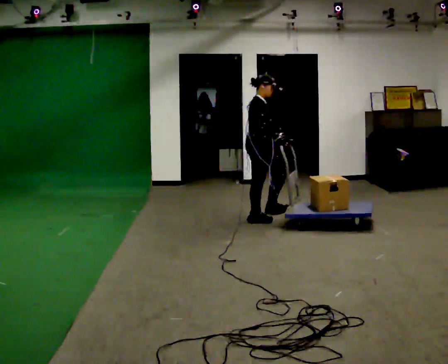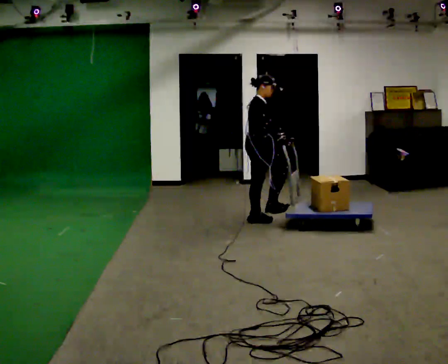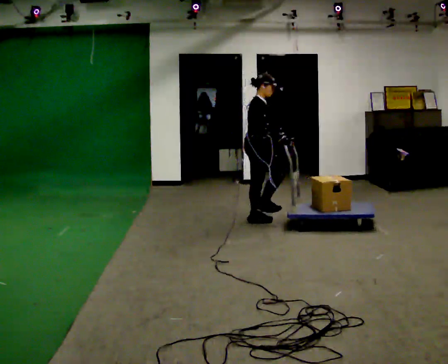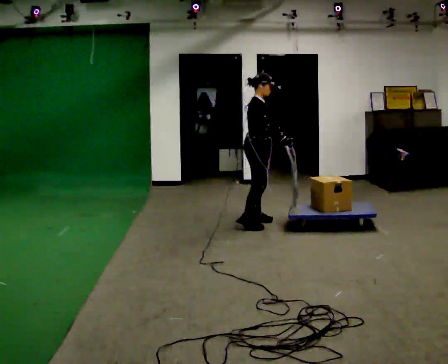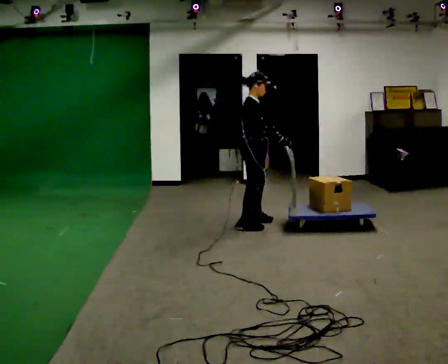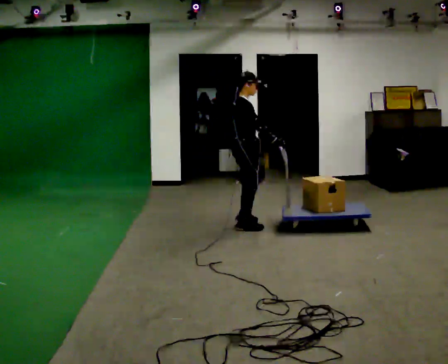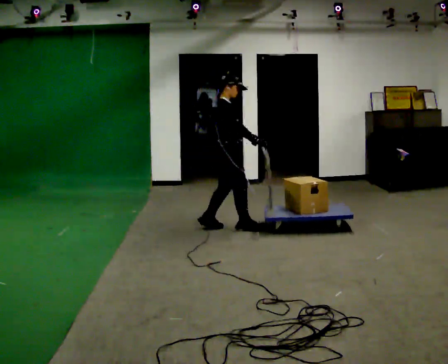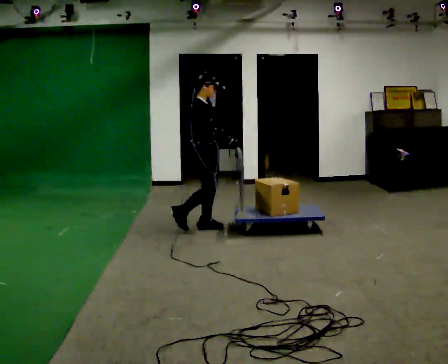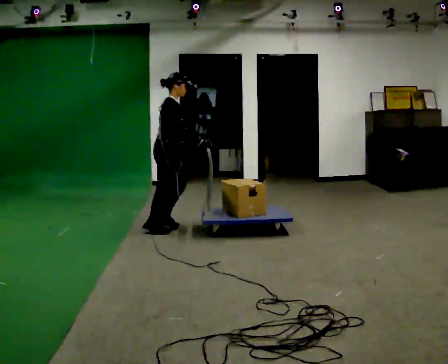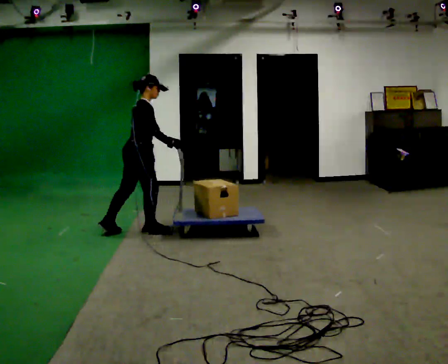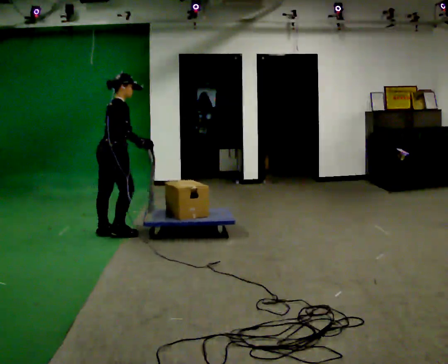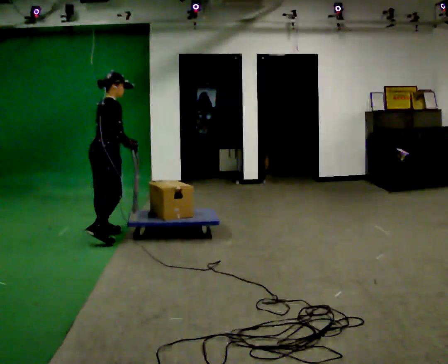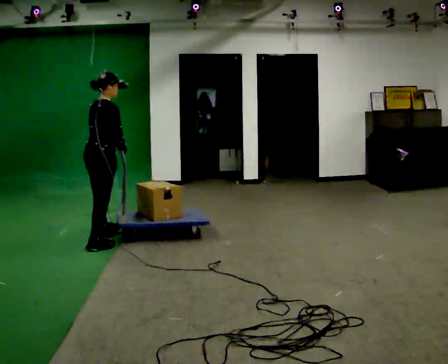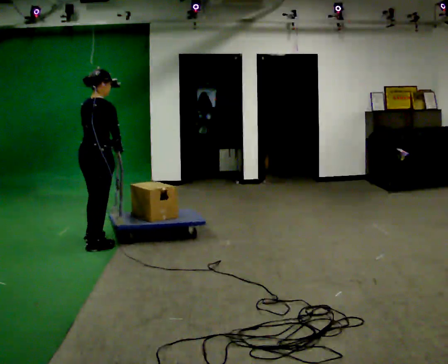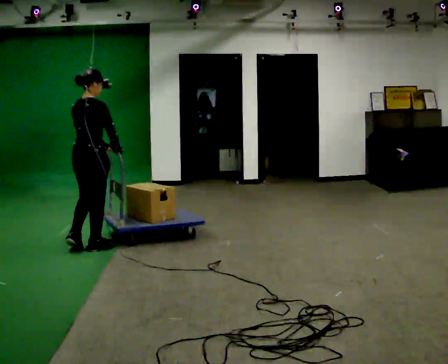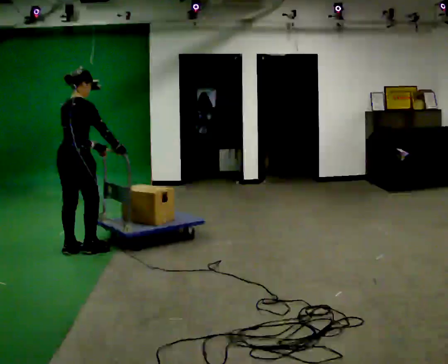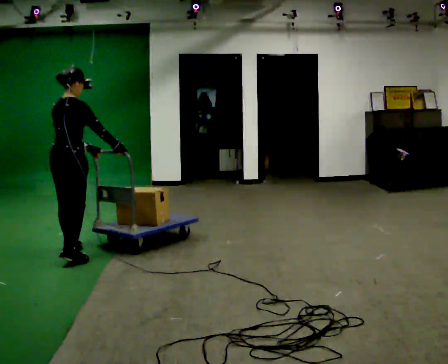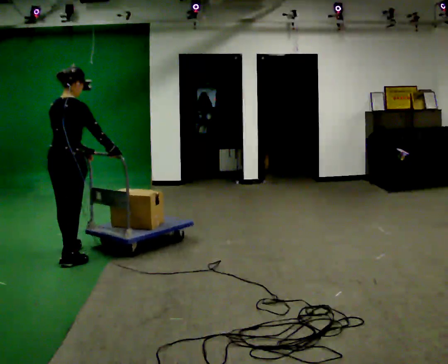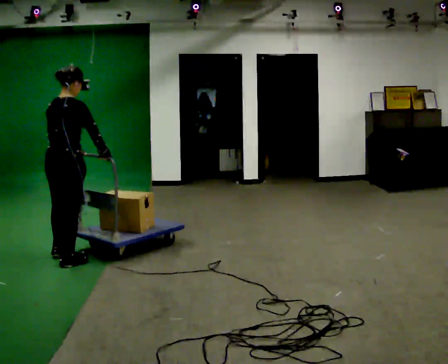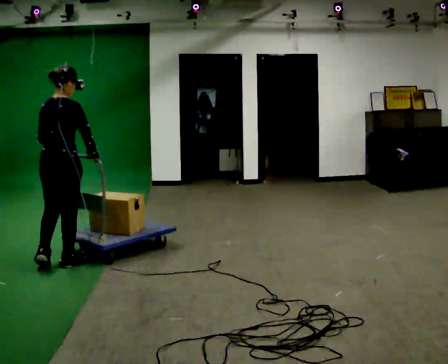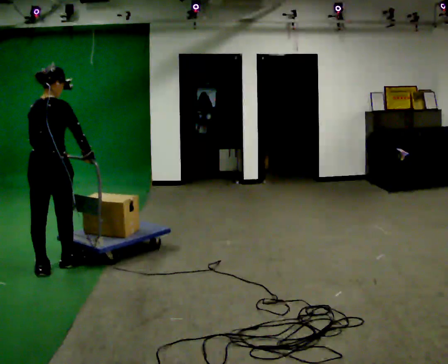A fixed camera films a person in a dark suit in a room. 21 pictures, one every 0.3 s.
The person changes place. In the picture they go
to the left.
0.0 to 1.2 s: In the picture they go toward the camera, about 0.25 m in 1 step, which for them is to their right.
1.2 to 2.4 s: In the picture they go to the left, about 1 m in 3 steps, which for them is backward.
2.4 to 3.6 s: The person turns about 30 degrees to their left, counterclockwise seen from above, so the part of the body nearest the lens slides to the right. In the picture they go to the left and toward the camera, about 0.5 m in 1 step, which for them is backward.
3.6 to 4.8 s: In the picture they go toward the camera and to the left, about 0.5 m in 2 steps, which for them is backward.
4.8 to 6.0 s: In the picture they go toward the camera, about 0.5 m in 1 step, which for them is backward.
The film runs backward here.
